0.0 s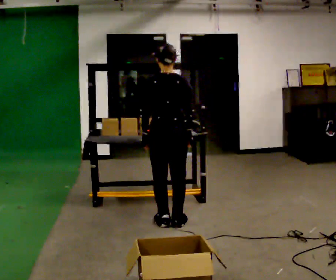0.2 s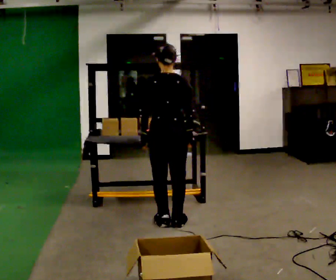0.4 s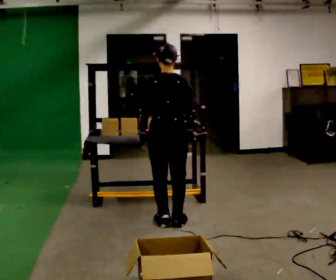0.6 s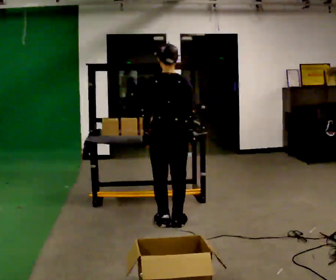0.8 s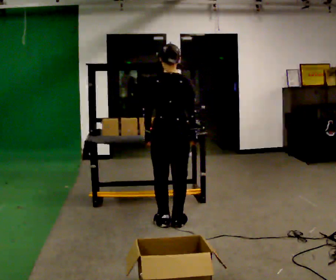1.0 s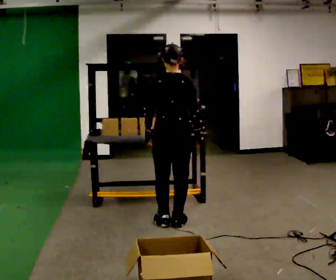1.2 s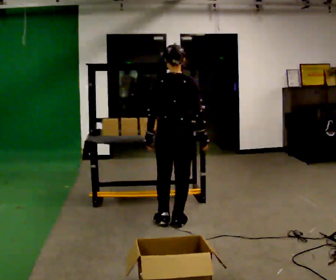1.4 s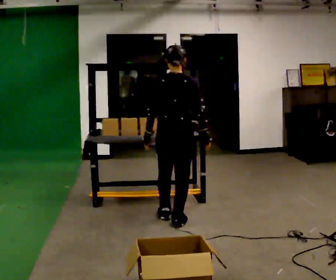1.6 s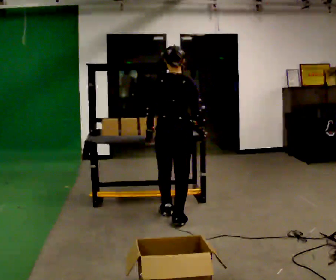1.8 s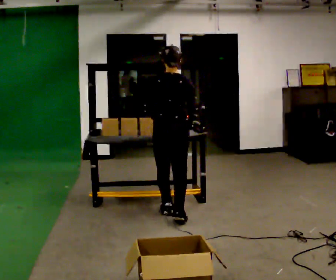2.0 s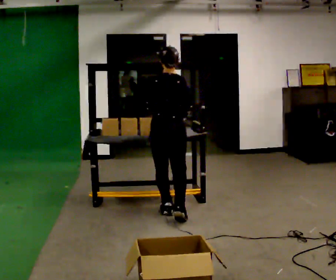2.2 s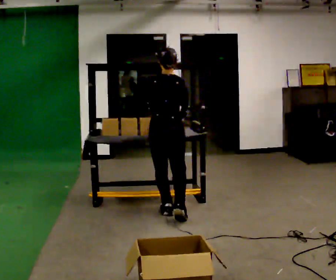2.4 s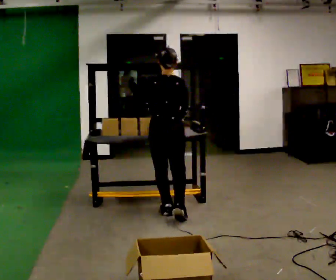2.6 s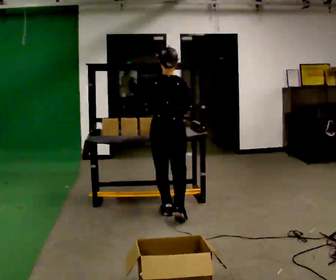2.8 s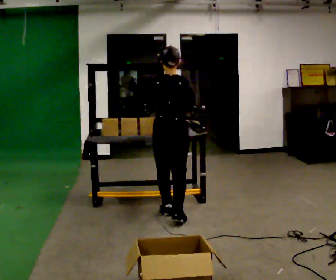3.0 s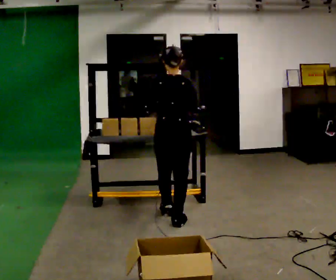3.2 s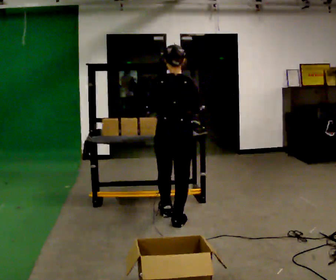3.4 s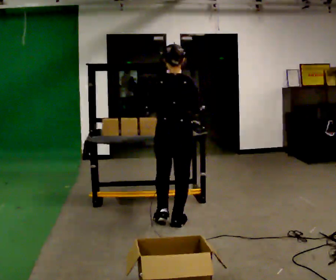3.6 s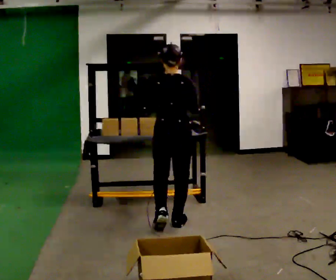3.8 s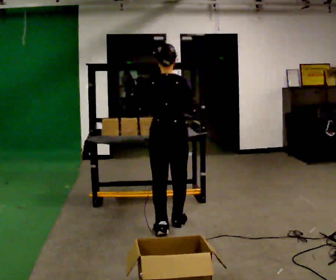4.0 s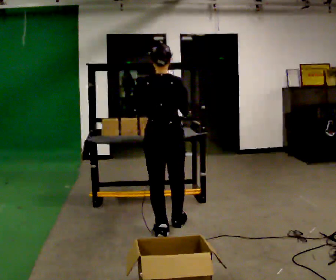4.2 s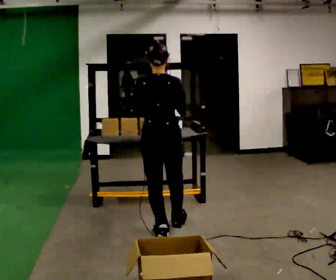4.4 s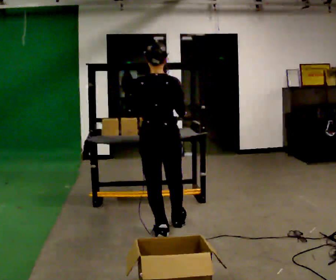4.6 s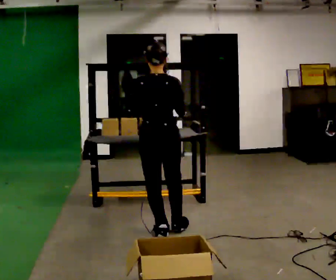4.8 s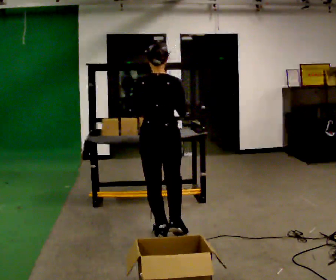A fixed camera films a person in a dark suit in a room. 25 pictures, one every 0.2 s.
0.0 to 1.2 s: The person moves a little, or ends about where they began.
1.2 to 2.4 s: In the picture they go away from the camera, about 0.25 m in 1 step, which for them is forward and to their left.
2.4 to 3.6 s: In the picture they go toward the camera, about 0.25 m in 1 step, which for them is backward.
3.6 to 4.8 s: In the picture they go toward the camera, about 0.25 m in 1 step, which for them is backward.
The film runs backward here.
